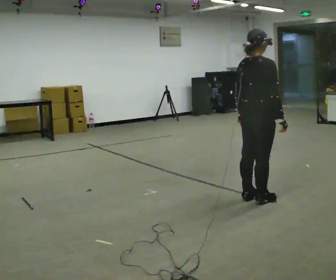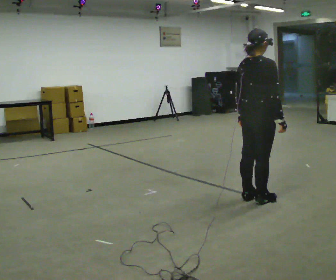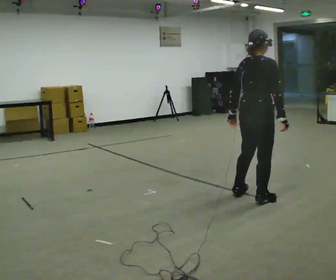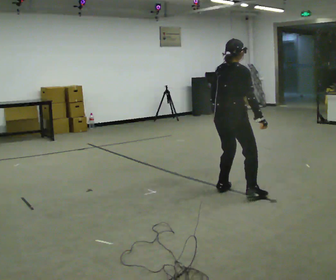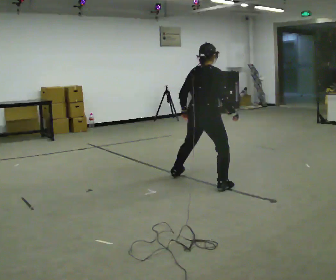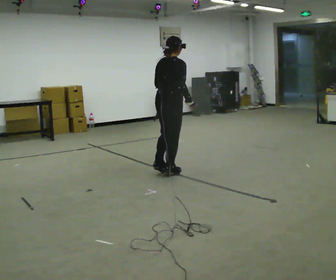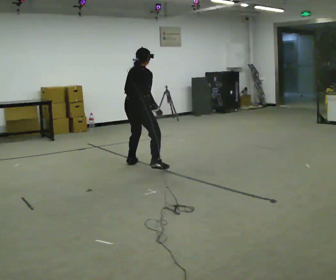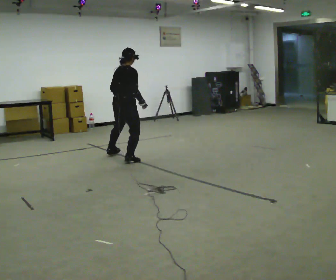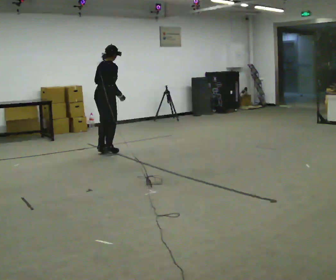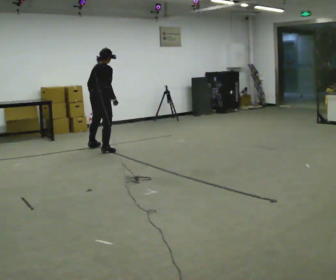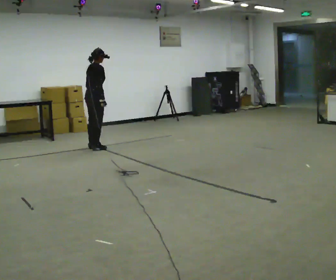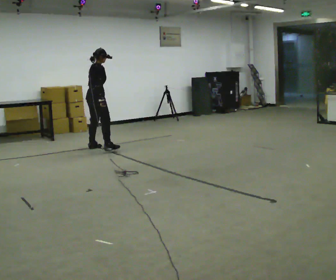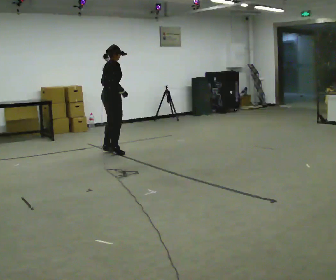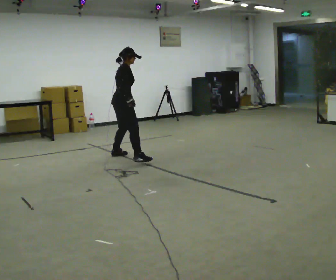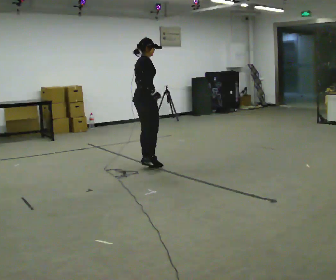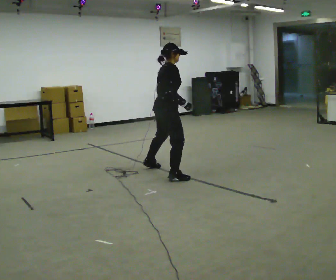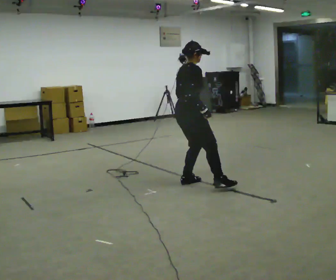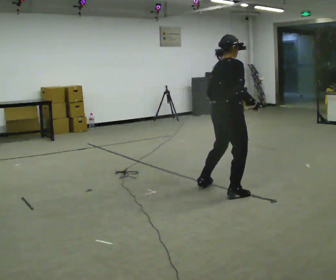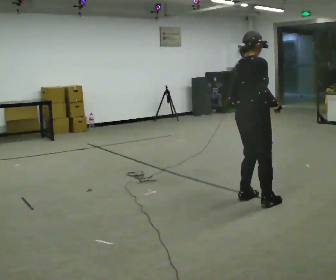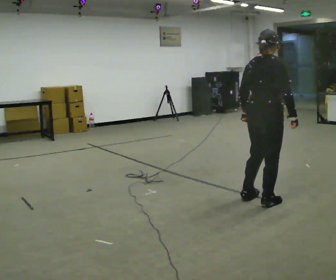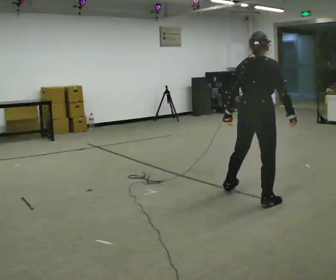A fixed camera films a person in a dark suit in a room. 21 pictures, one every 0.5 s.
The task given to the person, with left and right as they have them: Gallop forward leading with the leg the operator calls, keeping the same leg in front throughout.
0.0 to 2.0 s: In the picture they go away from the camera and to the left, about 0.5 m in 2 steps, which for them is to their left.
2.0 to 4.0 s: In the picture they go away from the camera and to the left, about 2 m in 5 steps, which for them is to their left.
4.0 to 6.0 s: The person moves a little, or ends about where they began.
6.0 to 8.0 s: In the picture they go toward the camera and to the right, about 2 m in 5 steps, which for them is to their right.
8.0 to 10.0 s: Seen from above the body turns counterclockwise, about 30 degrees: to their left, with its near side sliding to the right. In the picture they go toward the camera and to the right, about 1 m in 3 steps, which for them is to their right.
The film runs forward here.
